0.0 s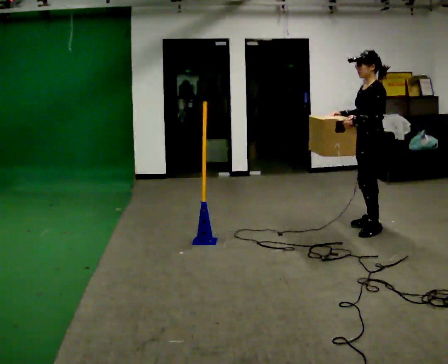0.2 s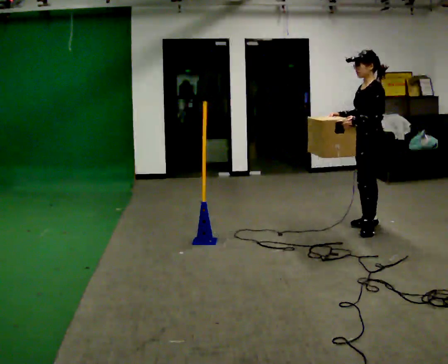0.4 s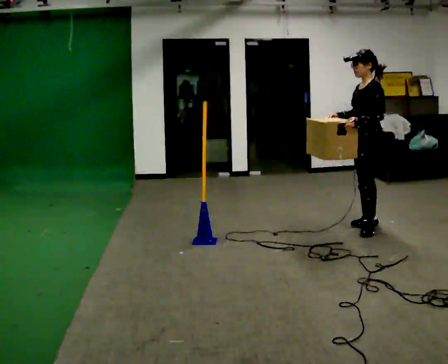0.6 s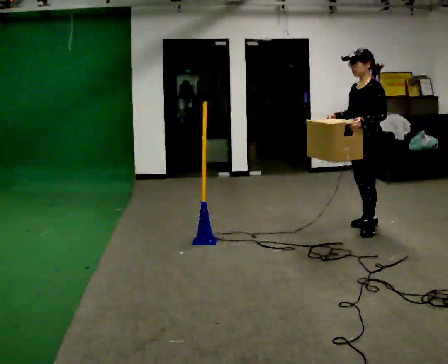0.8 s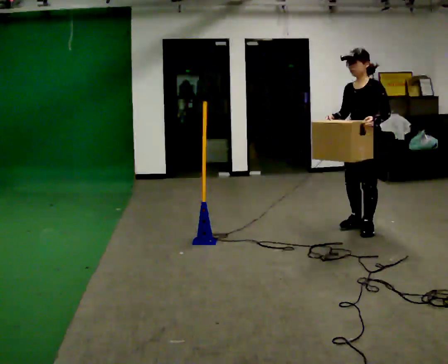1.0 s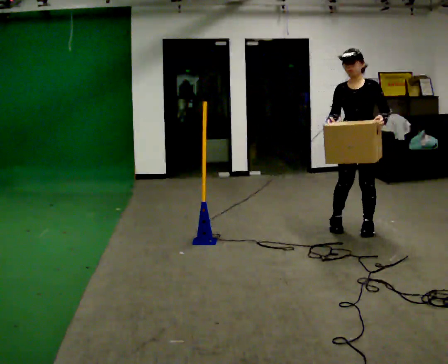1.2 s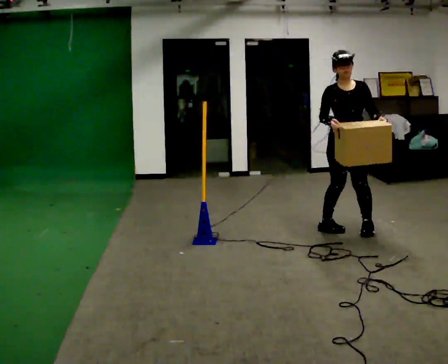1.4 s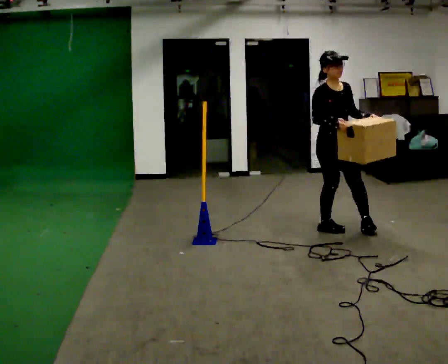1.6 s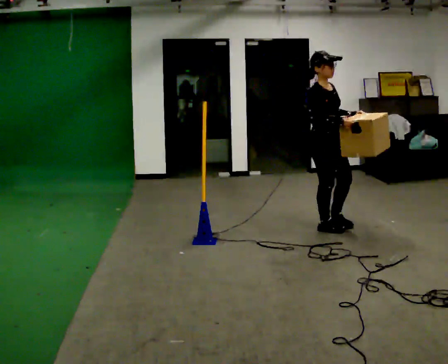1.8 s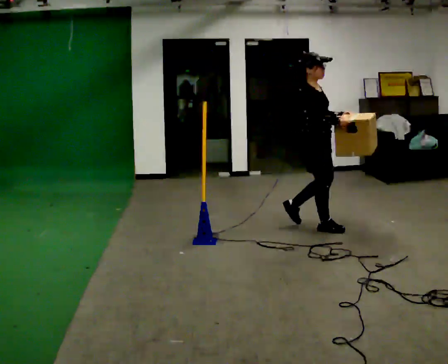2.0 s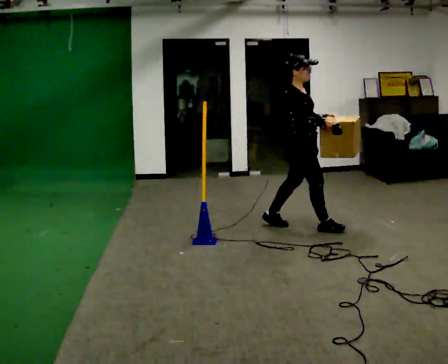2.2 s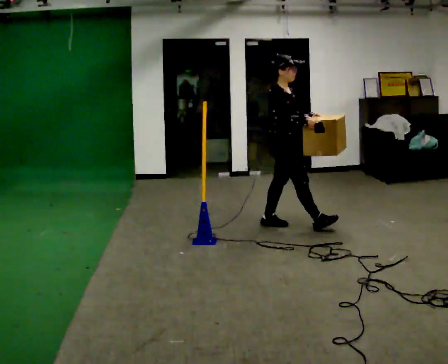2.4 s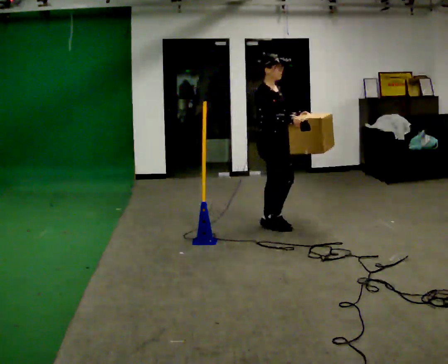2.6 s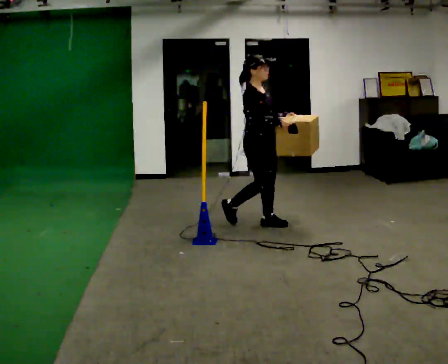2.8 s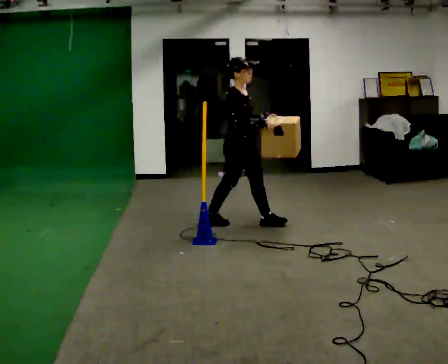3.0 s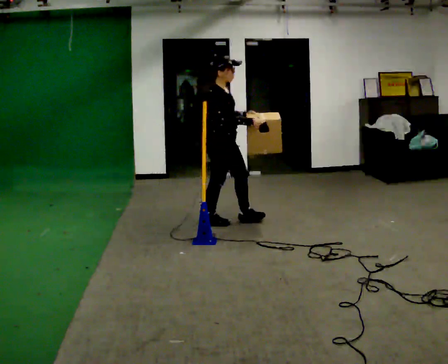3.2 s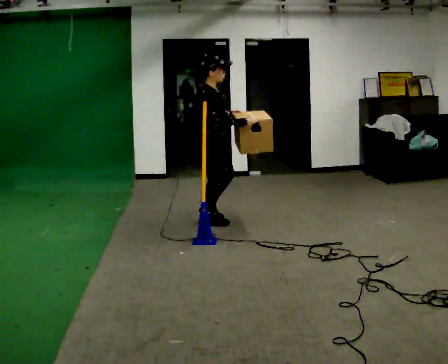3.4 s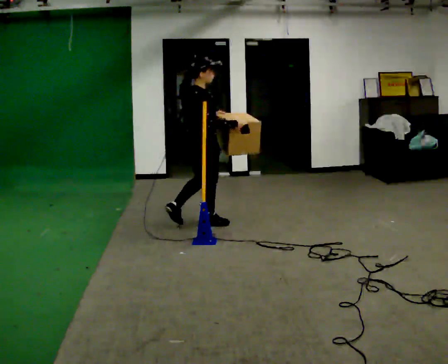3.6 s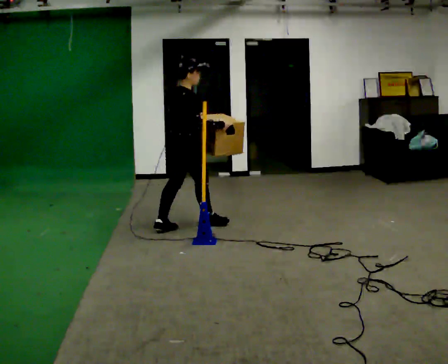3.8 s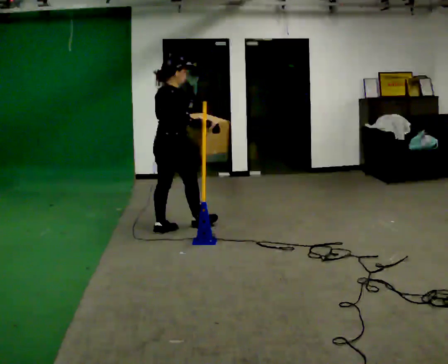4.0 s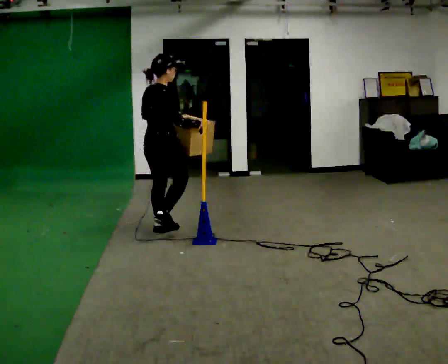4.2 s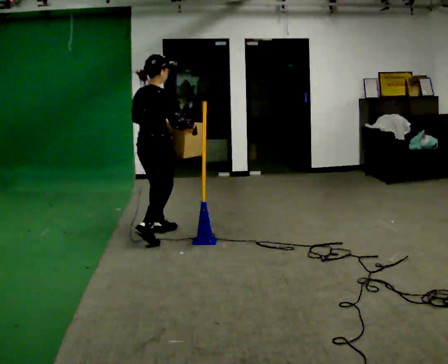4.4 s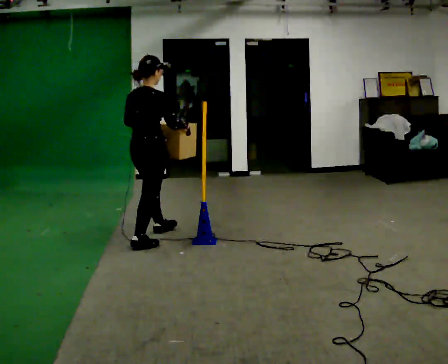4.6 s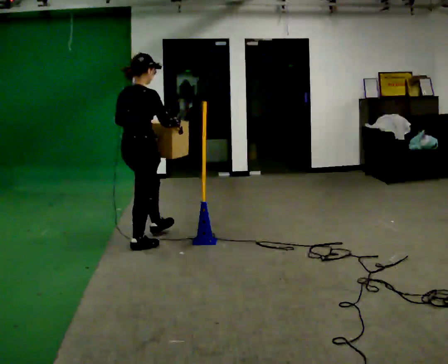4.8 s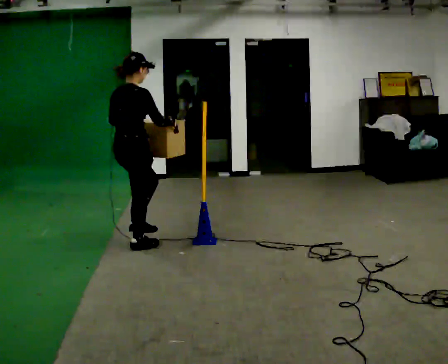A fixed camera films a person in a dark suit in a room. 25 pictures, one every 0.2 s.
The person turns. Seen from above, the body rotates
counterclockwise.
The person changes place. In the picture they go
to the left.
0.0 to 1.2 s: The part of the body nearest the lens slides to the right as the person turns to their left by about 75 degrees. In the picture they go to the left, about 0.25 m in 1 step.
1.2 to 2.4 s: The person turns about 75 degrees to their left, counterclockwise seen from above, so the part of the body nearest the lens slides to the right. In the picture they go to the left, about 0.5 m in 2 steps.
2.4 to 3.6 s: Seen from above the body turns counterclockwise, about 60 degrees: to their left, with its near side sliding to the right. In the picture they go to the left, about 1 m in 1 step.
3.6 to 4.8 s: In the picture they go toward the camera and to the left, about 0.75 m in 2 steps, which for them is backward.
The film runs backward here.
